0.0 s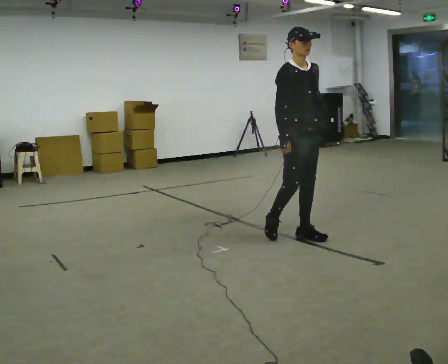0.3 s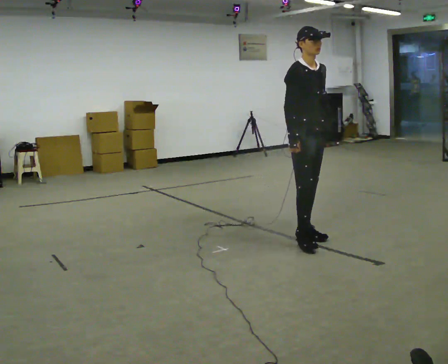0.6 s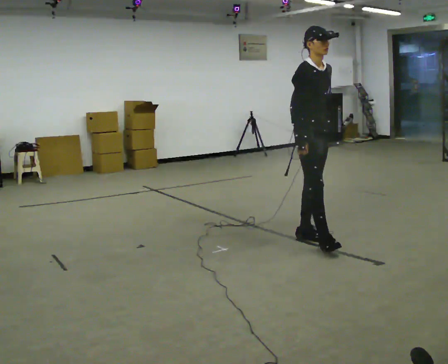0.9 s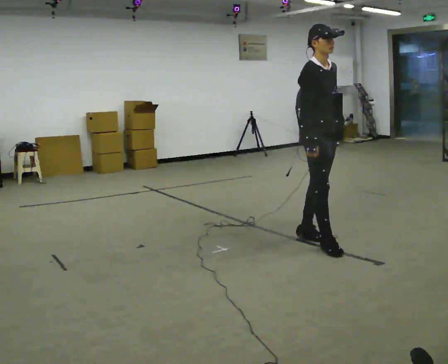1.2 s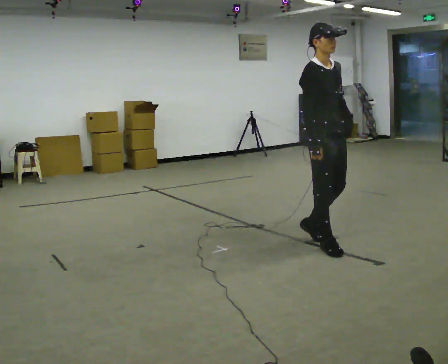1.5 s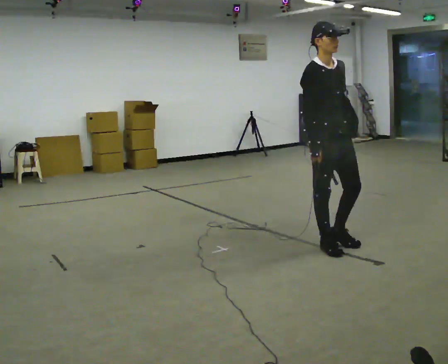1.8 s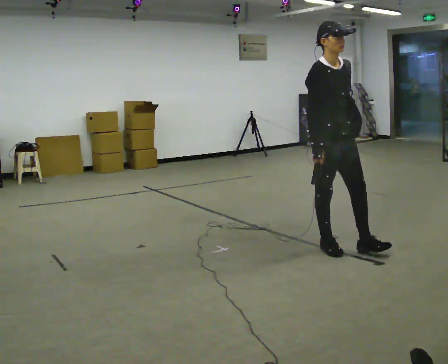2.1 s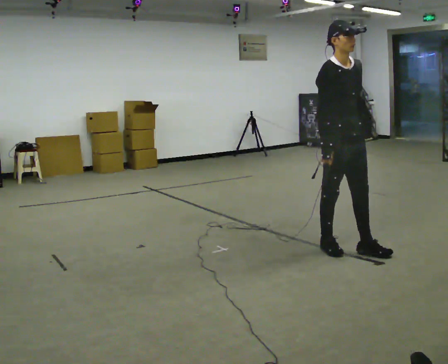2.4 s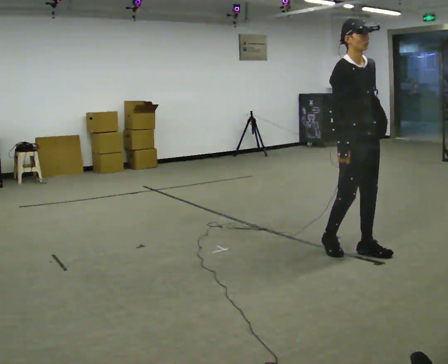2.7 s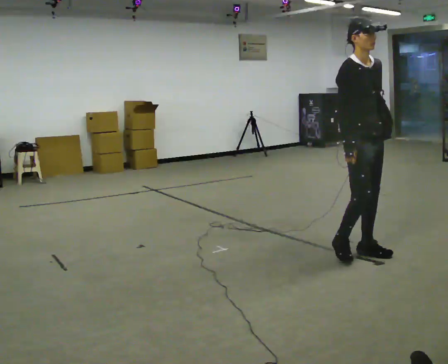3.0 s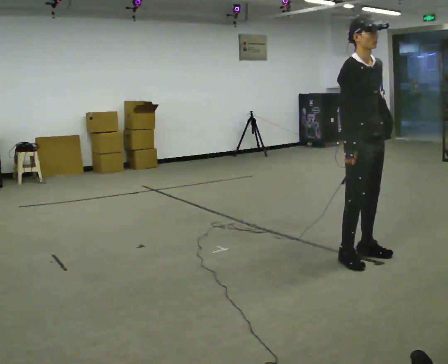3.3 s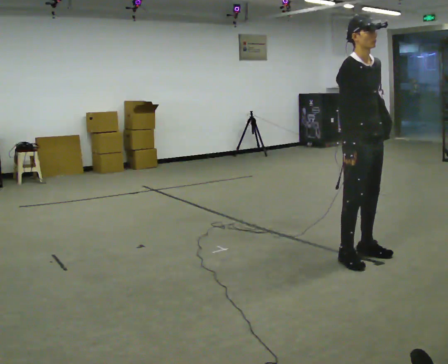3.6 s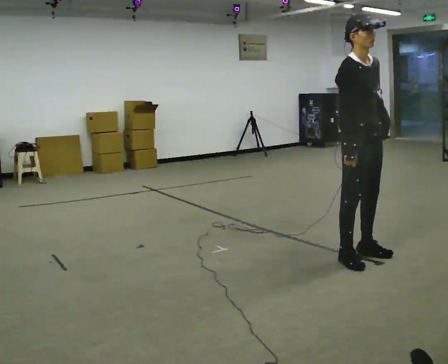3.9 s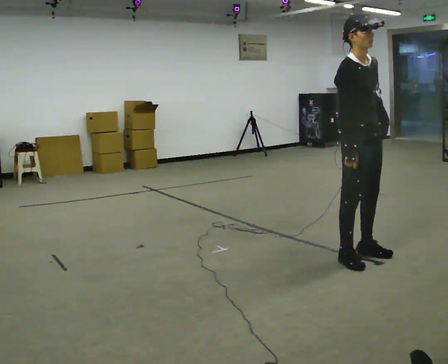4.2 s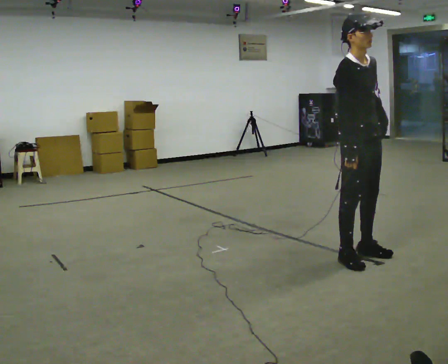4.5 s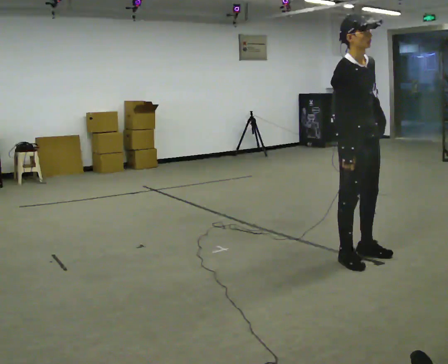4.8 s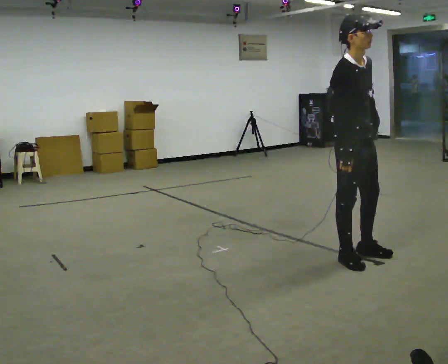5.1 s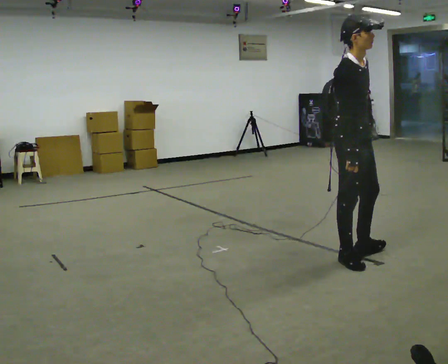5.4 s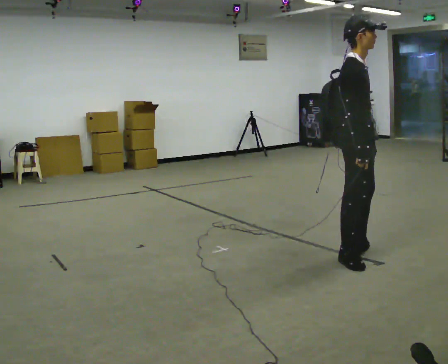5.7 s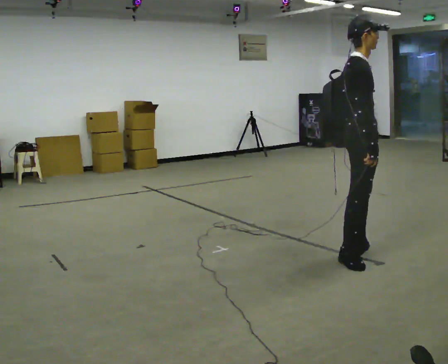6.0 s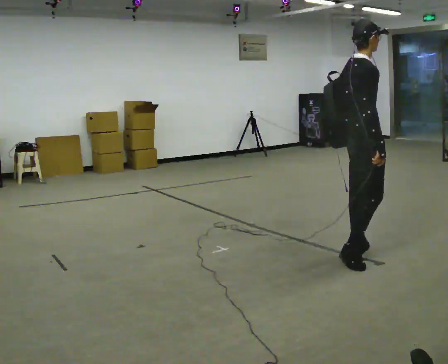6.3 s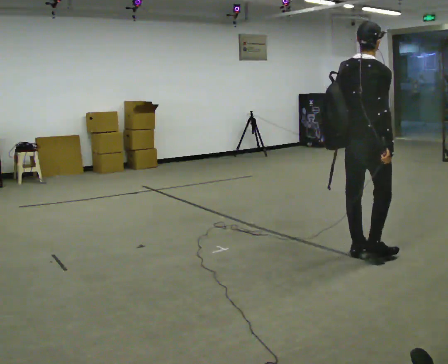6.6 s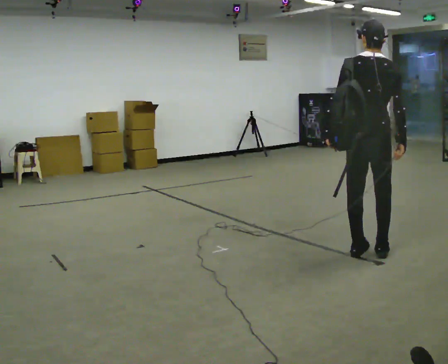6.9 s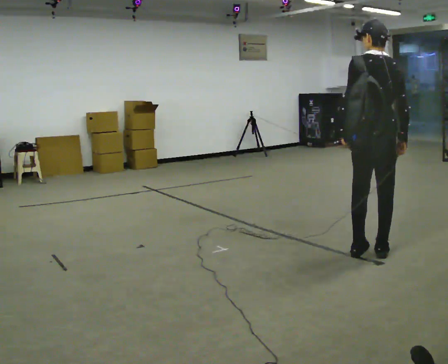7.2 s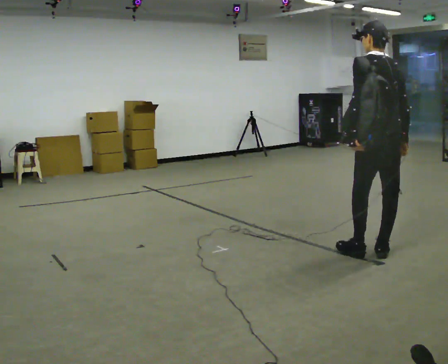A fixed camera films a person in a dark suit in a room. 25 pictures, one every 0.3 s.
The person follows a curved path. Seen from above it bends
counterclockwise.
The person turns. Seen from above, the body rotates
counterclockwise.
0.0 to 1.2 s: In the picture they go toward the camera and to the right, about 0.25 m in 1 step, which for them is forward.
1.2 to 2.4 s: In the picture they go to the right, about 0.25 m in 1 step, which for them is forward.
2.4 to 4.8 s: In the picture they go toward the camera, about 0.25 m in 1 step, which for them is to their right.
4.8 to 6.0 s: The part of the body nearest the lens slides to the right as the person turns to their left by about 45 degrees. In the picture they go away from the camera, about 0.25 m, which for them is to their left.
6.0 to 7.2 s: Seen from above the body turns counterclockwise, about 90 degrees: to their left, with its near side sliding to the right. In the picture they go to the right, about 0.25 m in 1 step.
The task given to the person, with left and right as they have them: Put the soft bag up onto your shoulder and carry it across the room, back and forth.
The film runs forward here.
